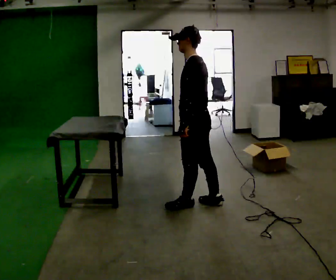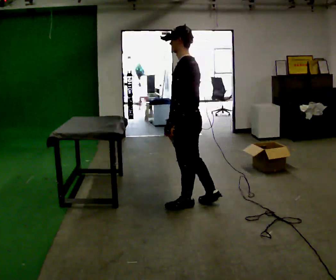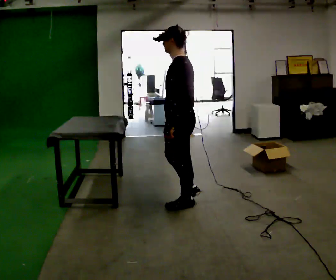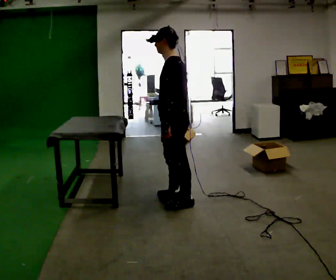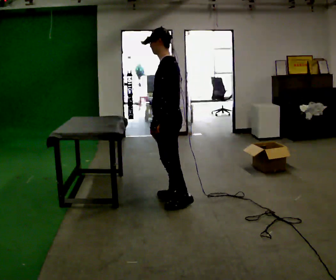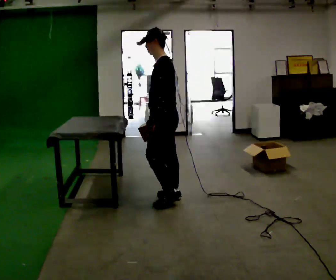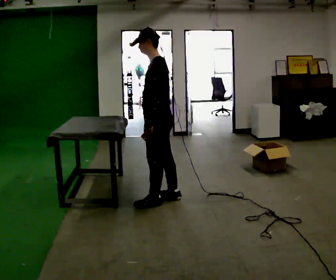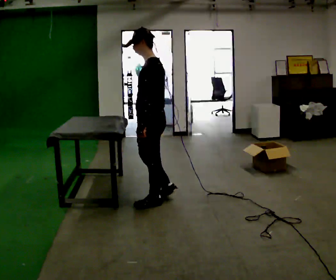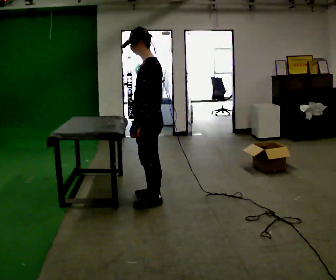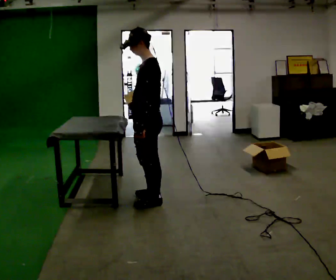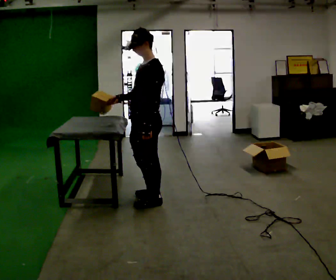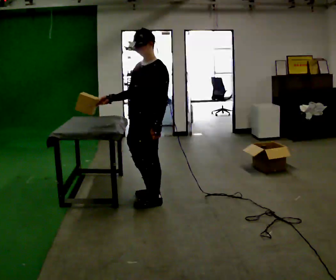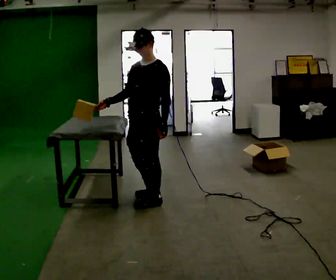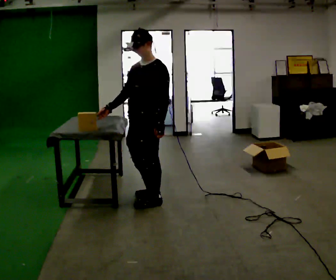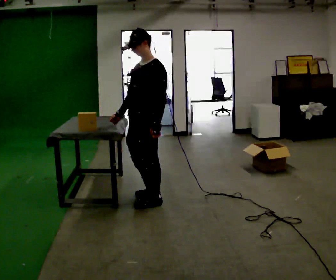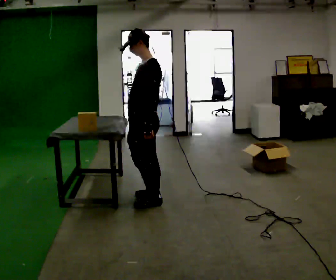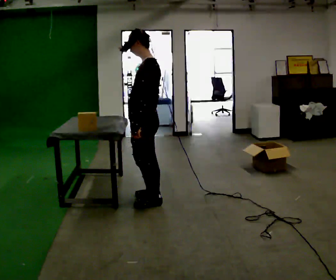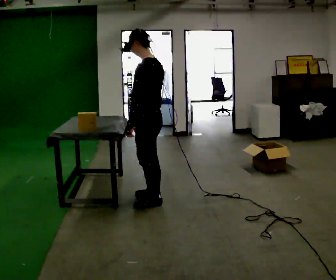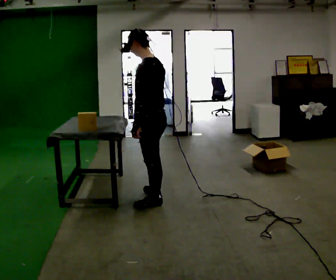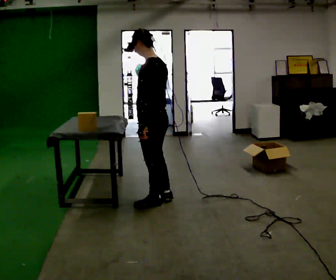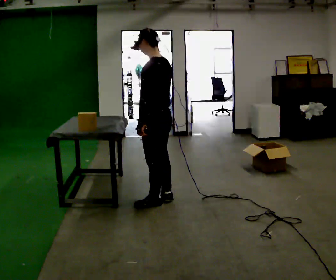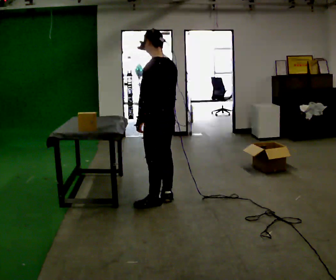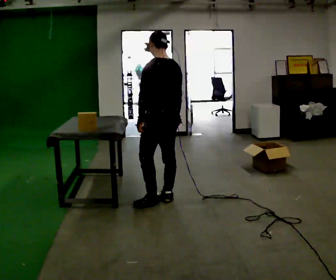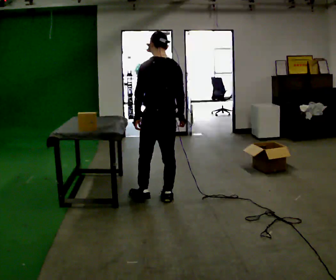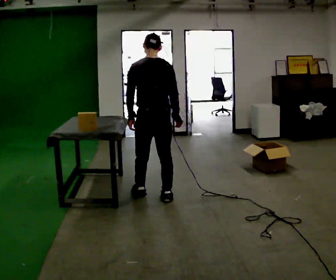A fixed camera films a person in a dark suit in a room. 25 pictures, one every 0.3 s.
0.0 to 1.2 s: In the picture they go to the left and away from the camera, about 0.25 m in 1 step, which for them is forward.
1.2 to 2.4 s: In the picture they go to the left, about 0.25 m in 2 steps, which for them is forward.
2.4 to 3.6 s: Seen from above the body turns counterclockwise, about 45 degrees: to their left, with its near side sliding to the right. In the picture their right hand goes to the left, the arm swinging clockwise.
3.6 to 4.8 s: The part of the body nearest the lens slides to the left as the person turns to their right by about 45 degrees. In the picture their right hand goes to the right.
4.8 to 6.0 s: The person moves a little, or ends about where they began.
6.0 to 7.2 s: Seen from above the body turns clockwise, about 45 degrees: to their right, with its near side sliding to the left. In the picture they go away from the camera, about 0.25 m in 1 step, which for them is forward.
The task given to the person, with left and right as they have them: Carry each object across the room and drop it into the container on the floor, then walk back for the next one. Keep going until the operator says stop; one object at a time, and do not rush between trips.
The film runs forward here.
